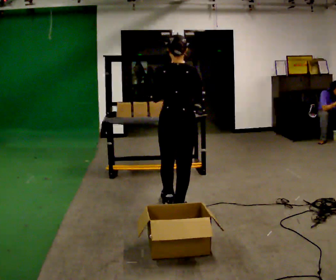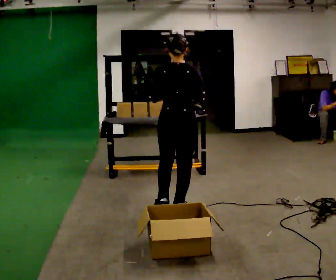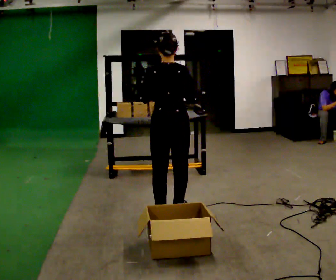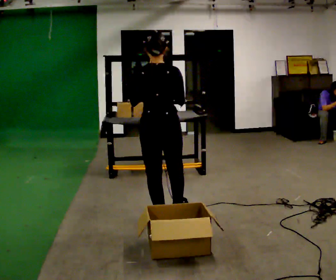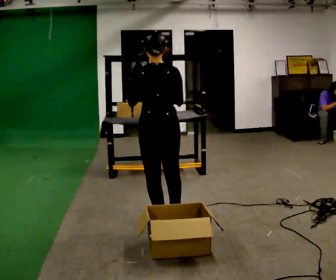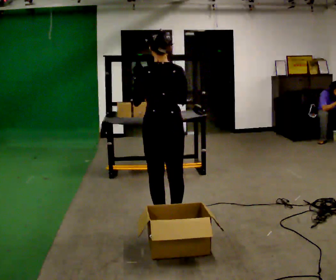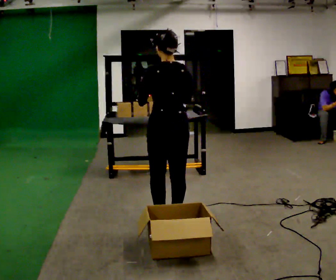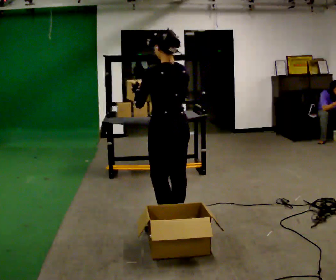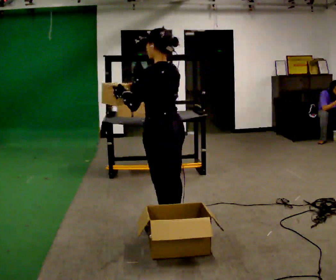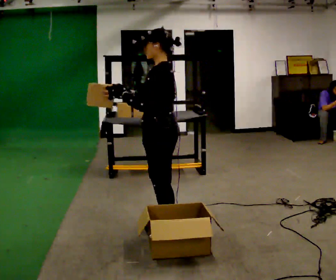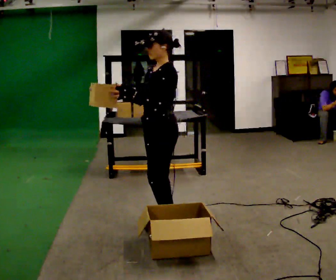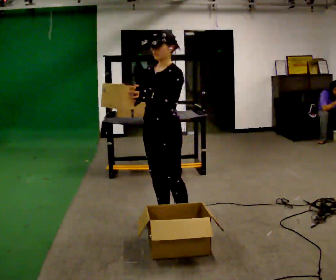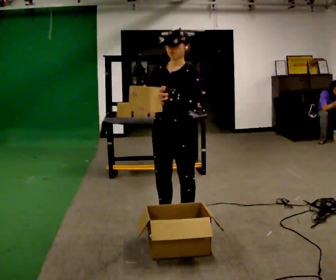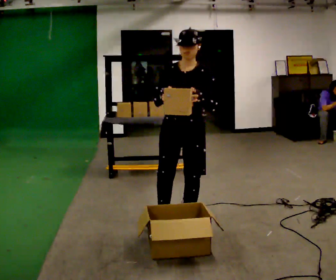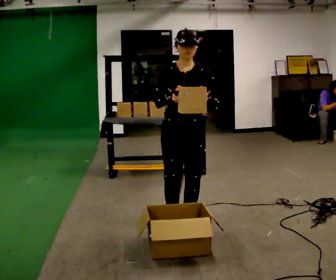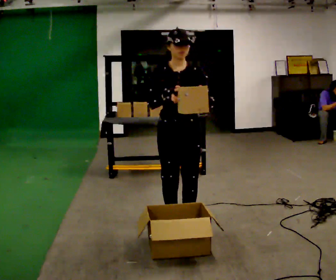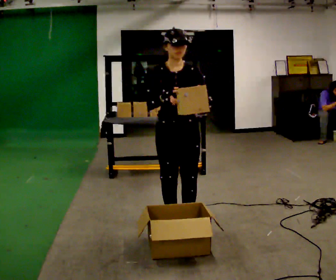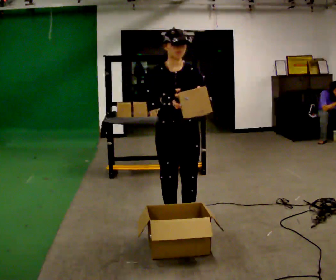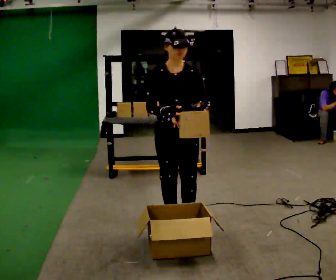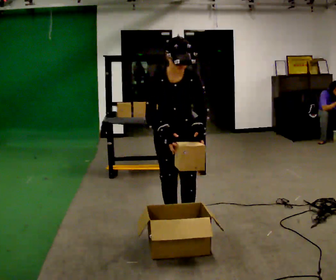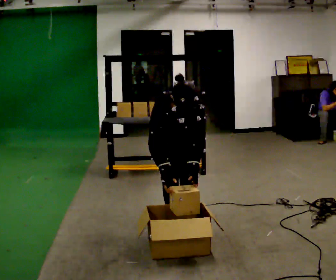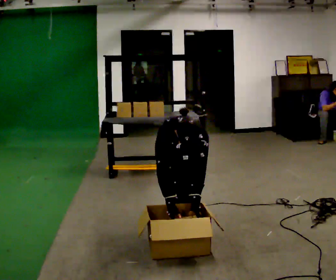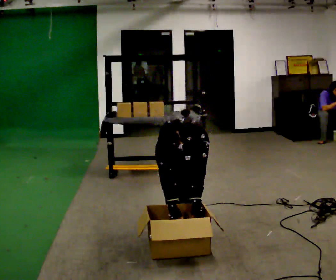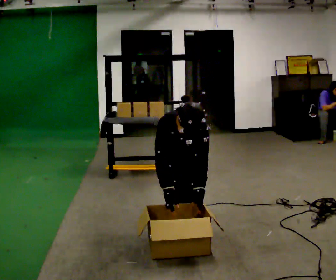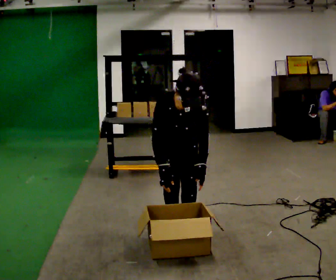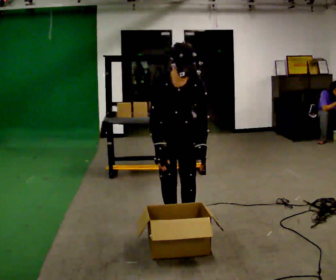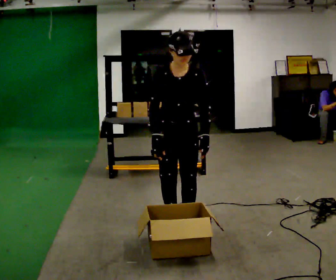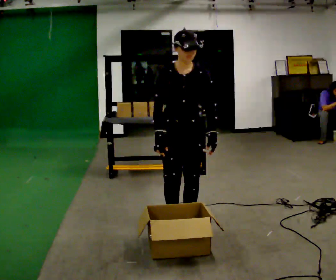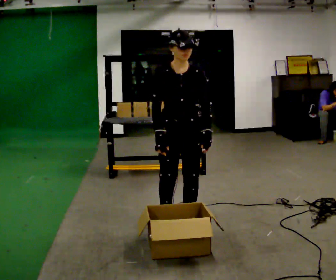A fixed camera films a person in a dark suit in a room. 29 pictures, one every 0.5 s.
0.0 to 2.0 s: In the picture they go toward the camera, about 0.25 m in 2 steps, which for them is backward and to their left.
2.0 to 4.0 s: The person turns about 45 degrees to their left, counterclockwise seen from above, so the part of the body nearest the lens slides to the right. In the picture they go toward the camera, about 0.25 m in 1 step, which for them is backward.
4.0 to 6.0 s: The person turns about 105 degrees to their left, counterclockwise seen from above, so the part of the body nearest the lens slides to the right.
6.0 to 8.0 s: The person turns about 30 degrees to their left, counterclockwise seen from above, so the part of the body nearest the lens slides to the right.
8.0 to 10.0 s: The shoulders move downward. The upper body tips toward the camera, its near side rolling downward, as they bend forward. In the picture their right hand goes downward.
10.0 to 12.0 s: The person moves a little, or ends about where they began.
12.0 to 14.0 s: The upper body goes upward. The upper body tips away from the camera, its near side rolling upward, as they lean back or straighten.
The film runs backward here.
